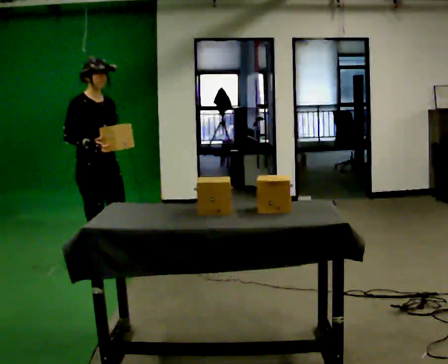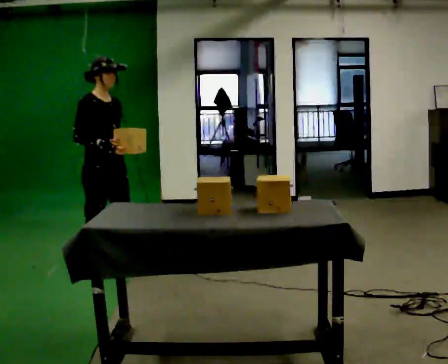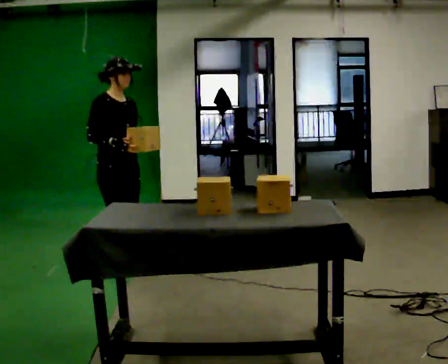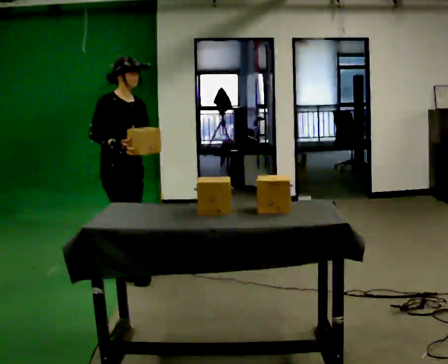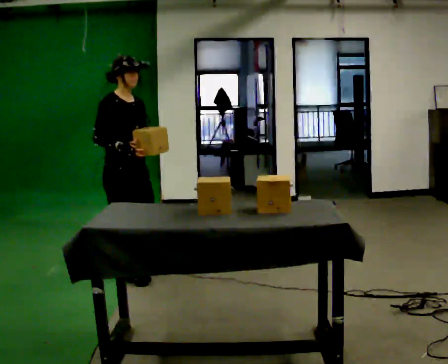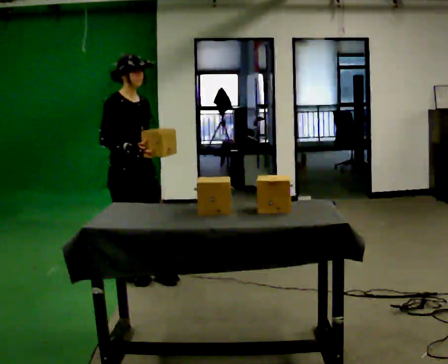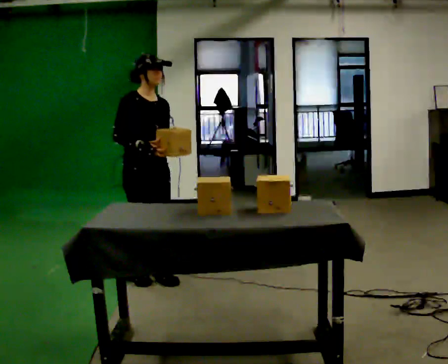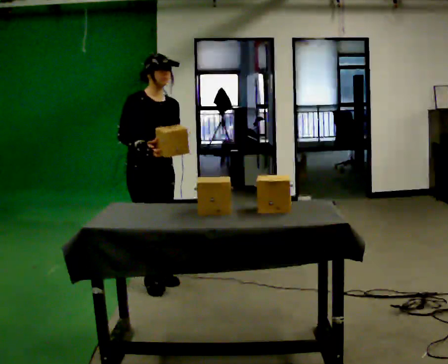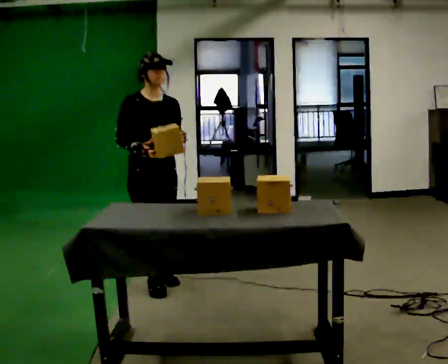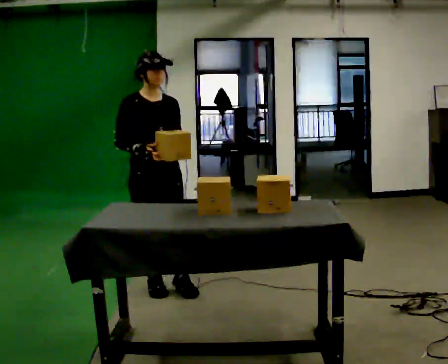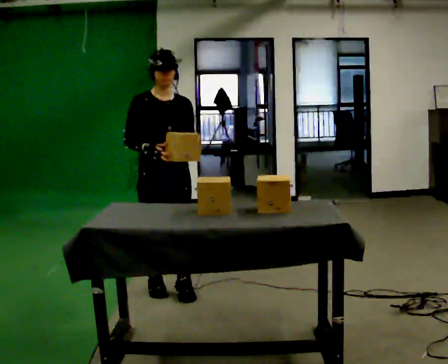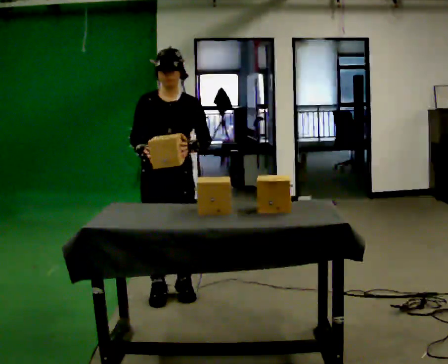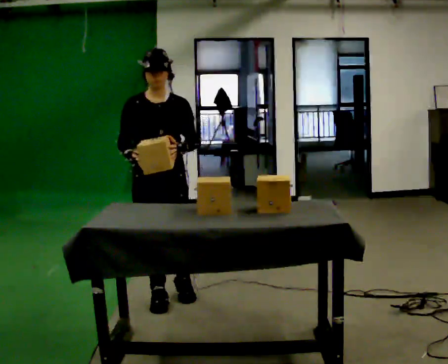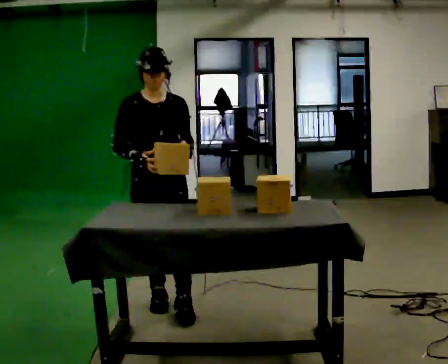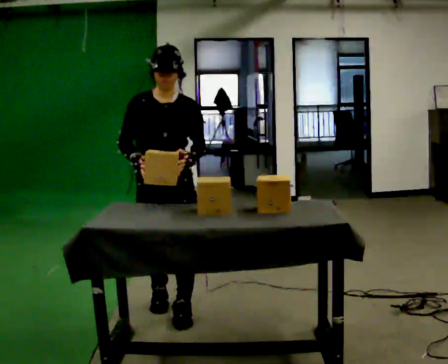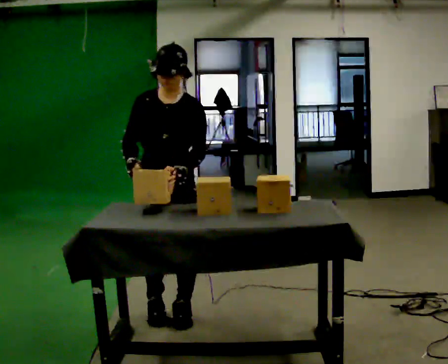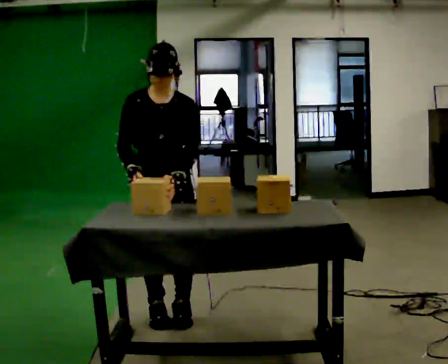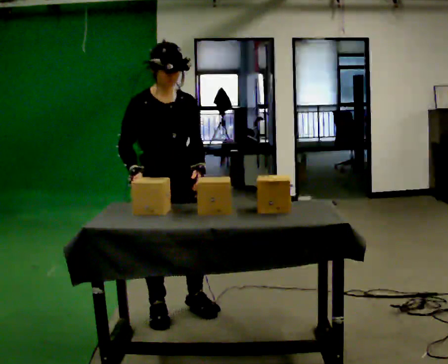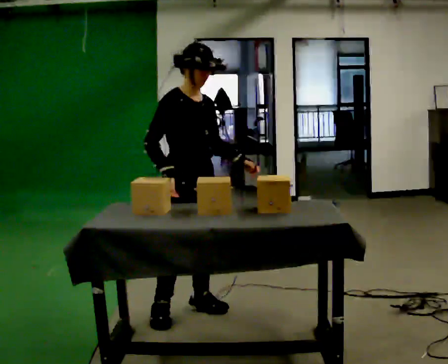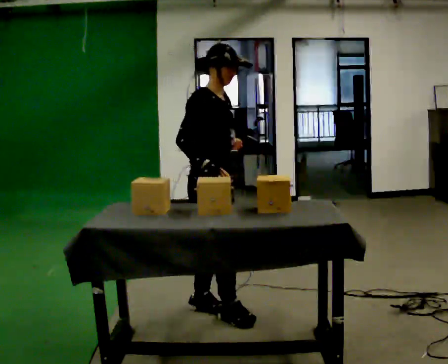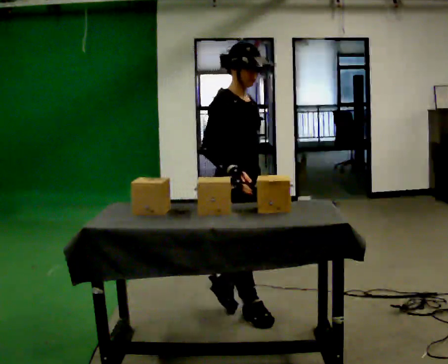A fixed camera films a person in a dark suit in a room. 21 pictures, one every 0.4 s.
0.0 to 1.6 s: In the picture they go toward the camera and to the right, about 0.25 m in 2 steps, which for them is forward.
1.6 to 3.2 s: In the picture they go toward the camera and to the right, about 0.25 m in 2 steps, which for them is forward.
3.2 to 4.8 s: In the picture they go toward the camera, about 0.25 m in 2 steps, which for them is forward.
4.8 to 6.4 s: In the picture they go toward the camera, about 0.25 m in 2 steps, which for them is forward.
6.4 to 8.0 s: The person turns about 60 degrees to their left, counterclockwise seen from above, so the part of the body nearest the lens slides to the right. In the picture they go to the right, about 0.5 m in 1 step.
The film runs forward here.
